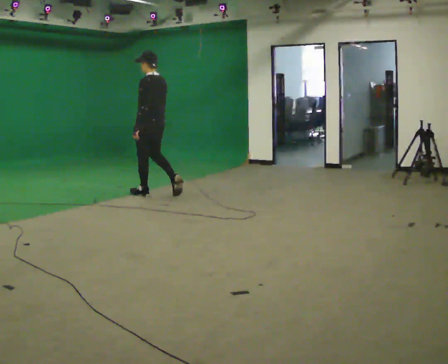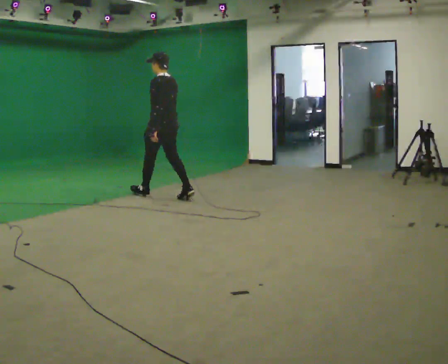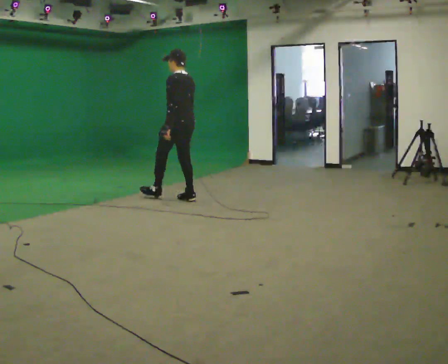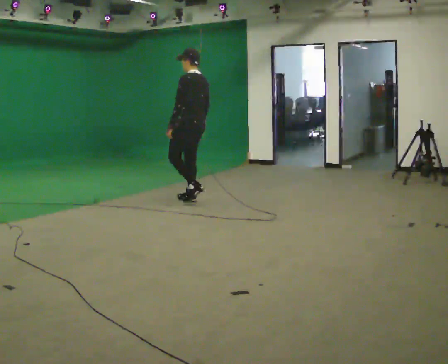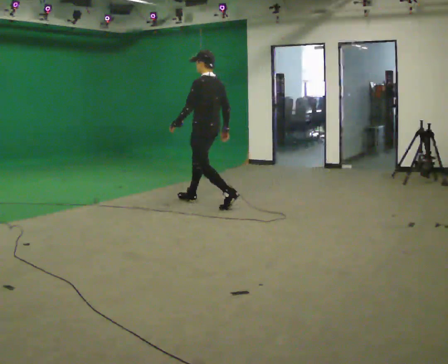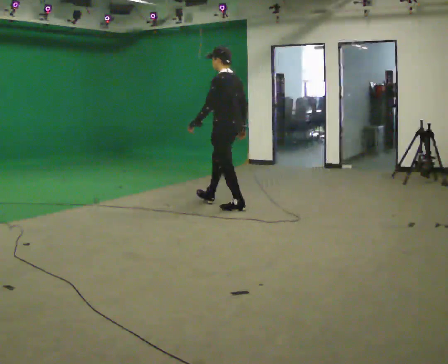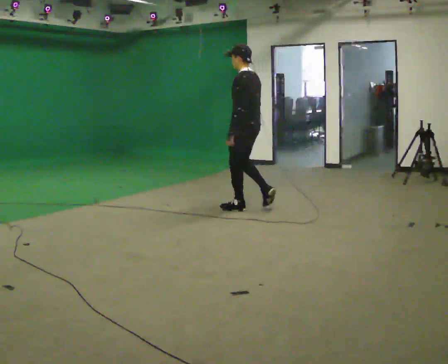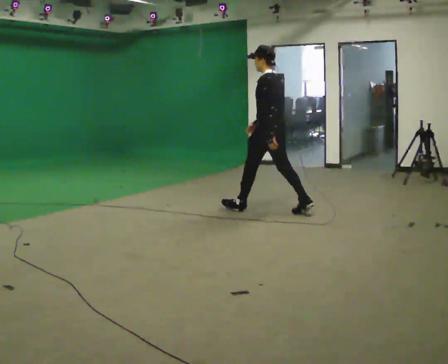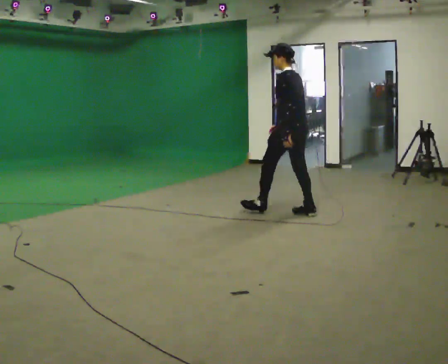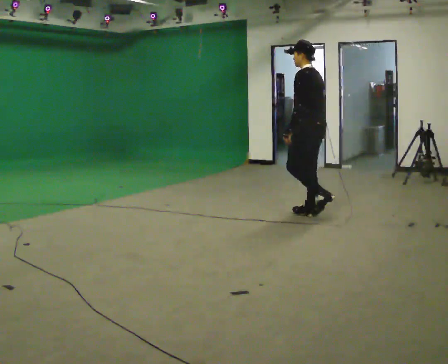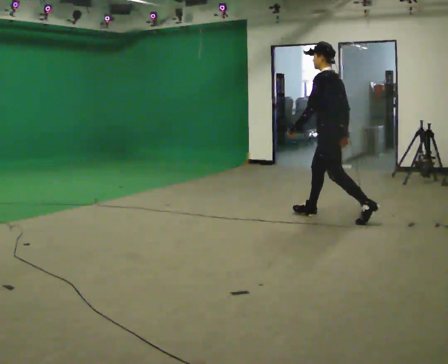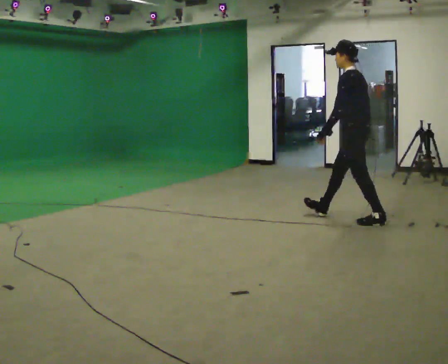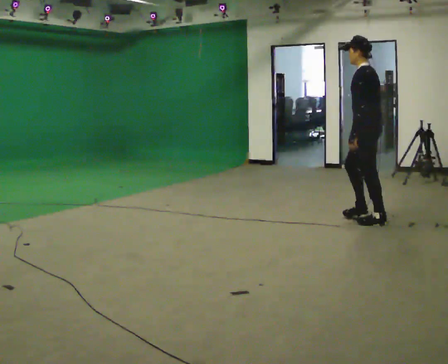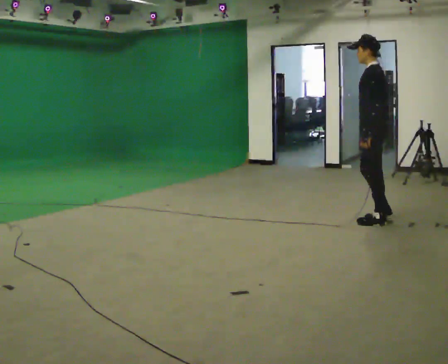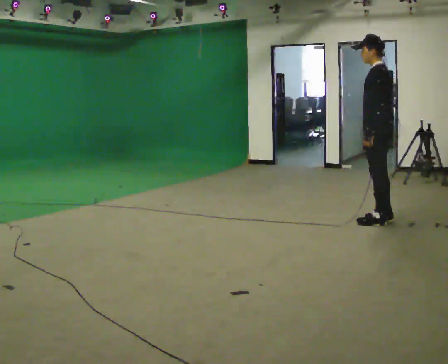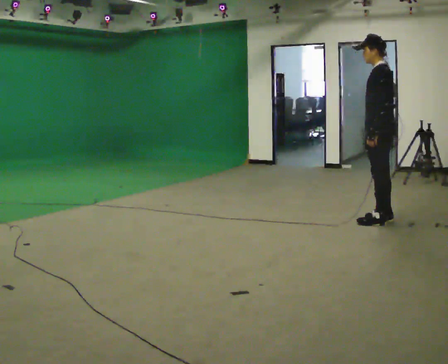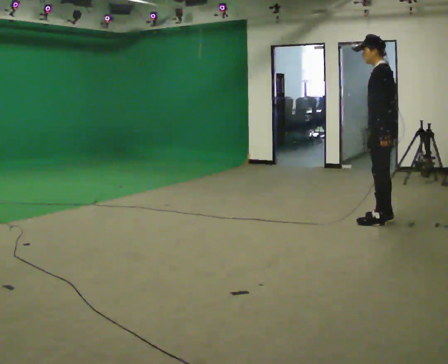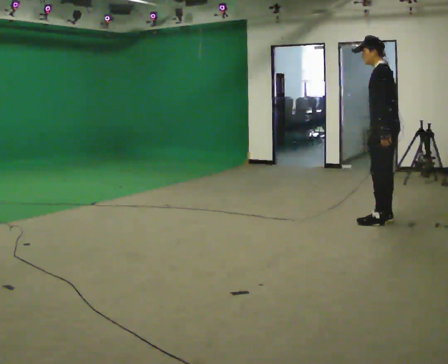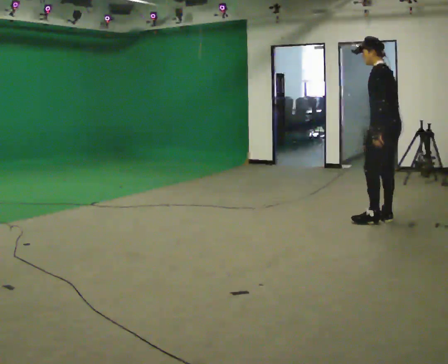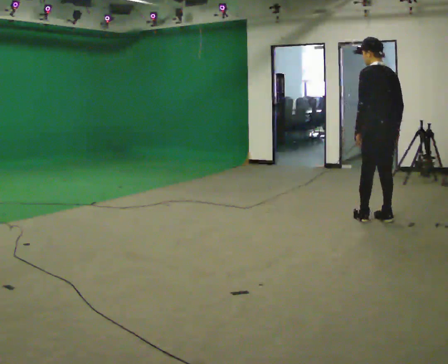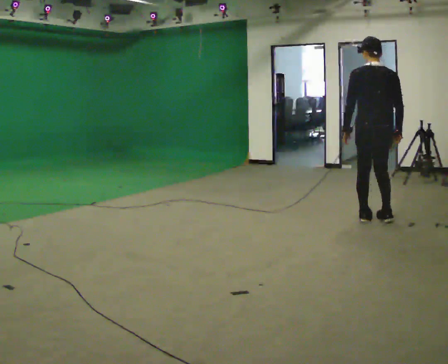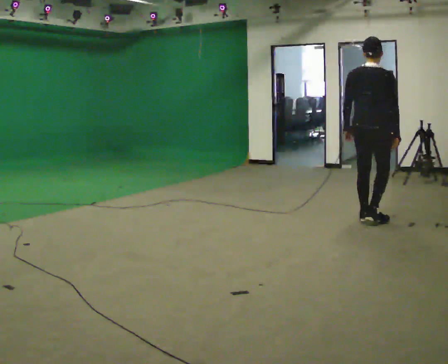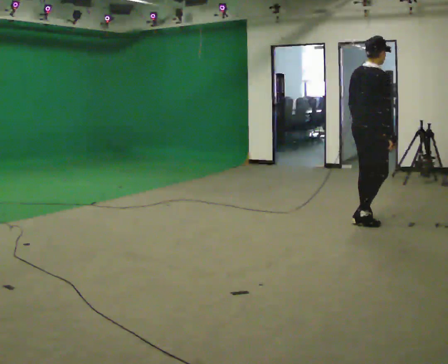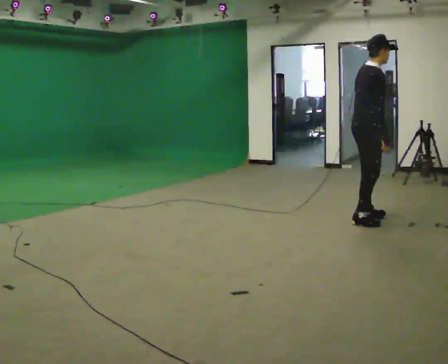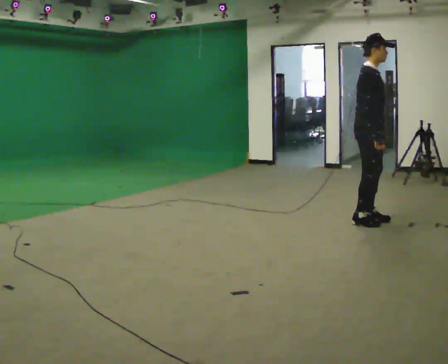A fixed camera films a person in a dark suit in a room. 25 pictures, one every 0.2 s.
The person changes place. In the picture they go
to the right.
The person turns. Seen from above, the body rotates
clockwise.
0.0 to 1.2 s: In the picture they go to the right, about 1.5 m in 2 steps, which for them is backward.
1.2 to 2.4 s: In the picture they go to the right, about 1.5 m in 2 steps, which for them is backward.
2.4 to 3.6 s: In the picture they go to the right, about 0.25 m in 1 step, which for them is backward.
3.6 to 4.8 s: The part of the body nearest the lens slides to the left as the person turns to their right by about 165 degrees. In the picture they go to the left, about 0.25 m in 1 step.
The film runs backward here.
